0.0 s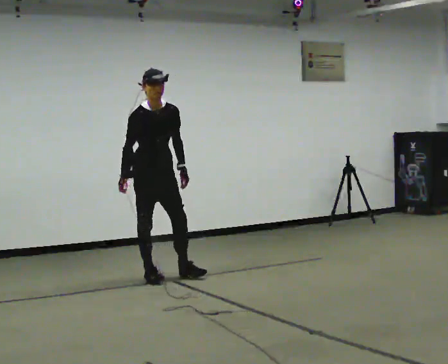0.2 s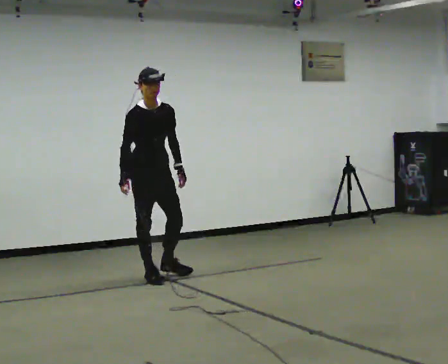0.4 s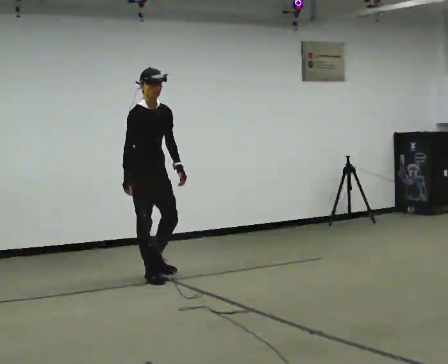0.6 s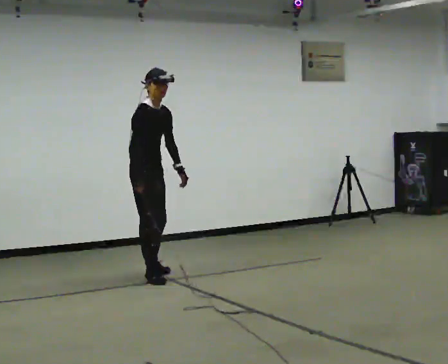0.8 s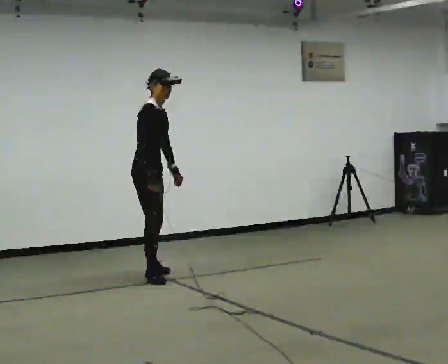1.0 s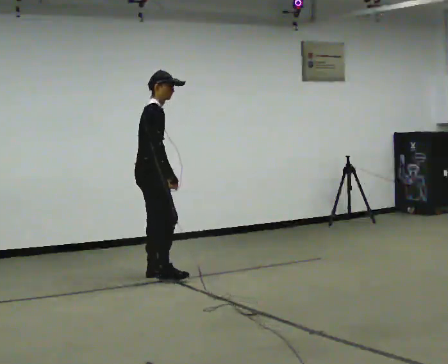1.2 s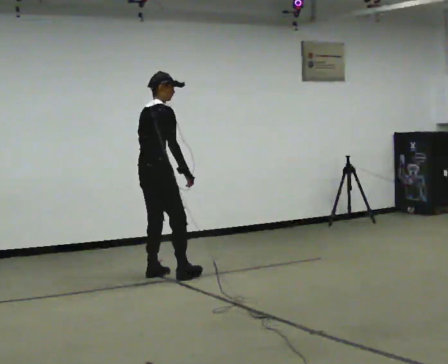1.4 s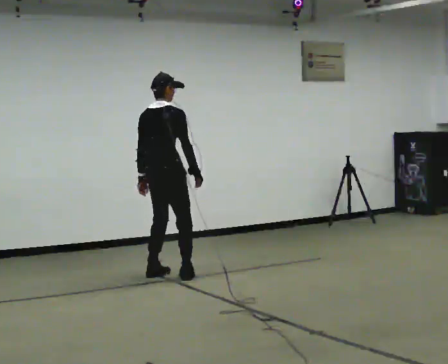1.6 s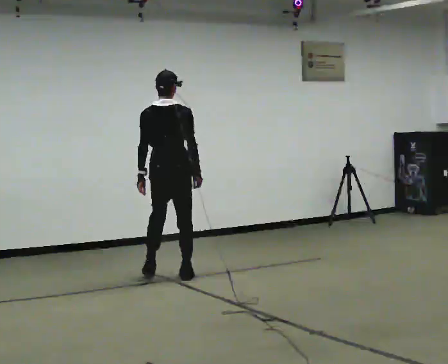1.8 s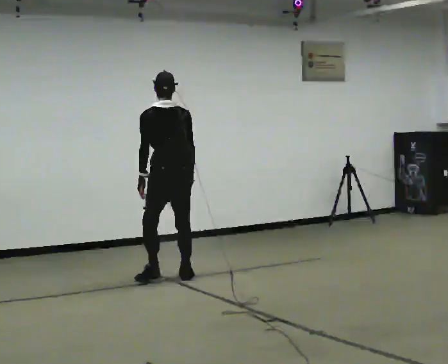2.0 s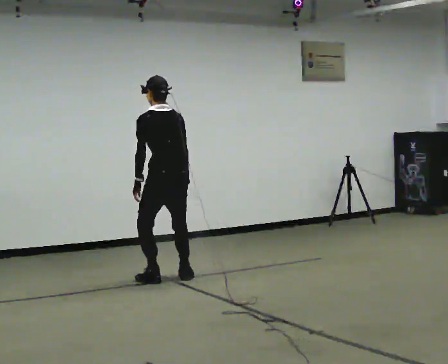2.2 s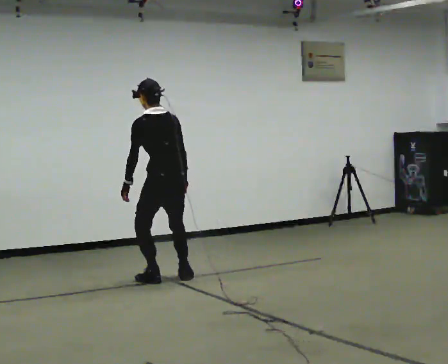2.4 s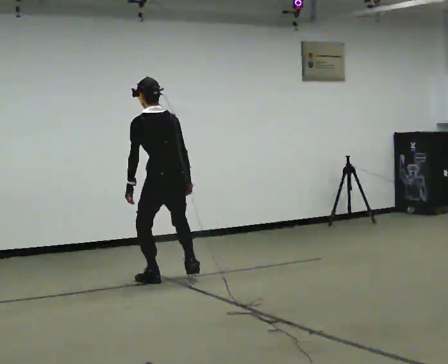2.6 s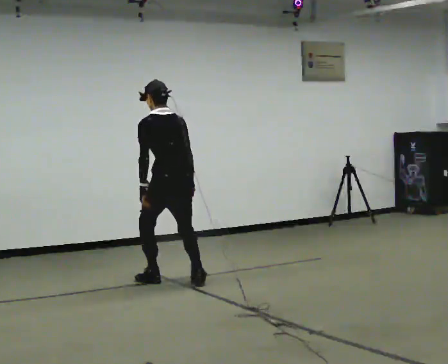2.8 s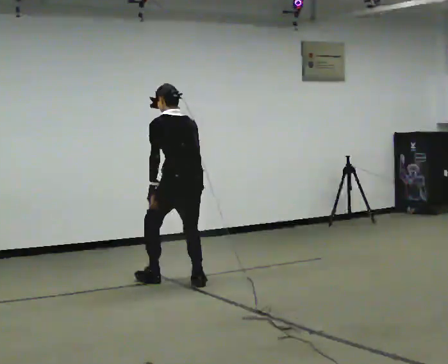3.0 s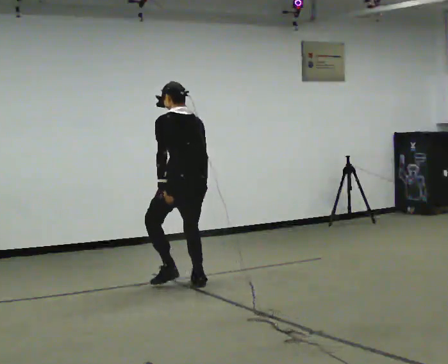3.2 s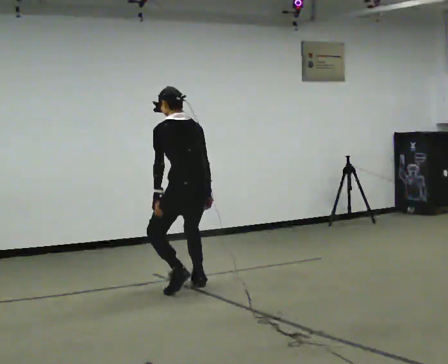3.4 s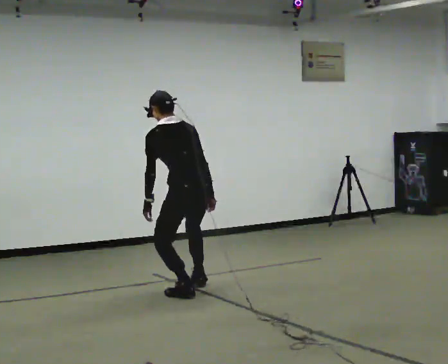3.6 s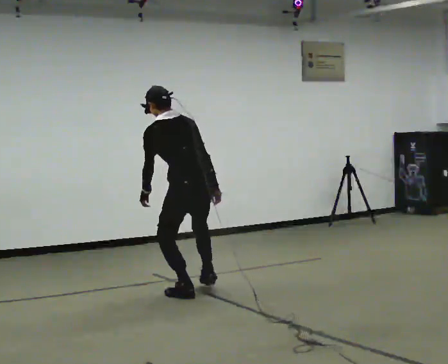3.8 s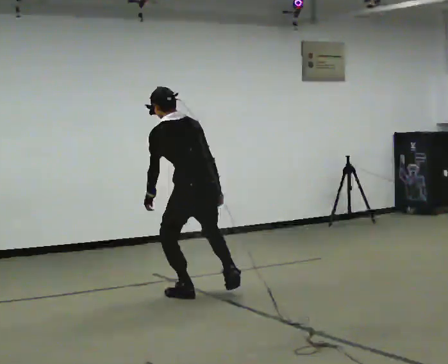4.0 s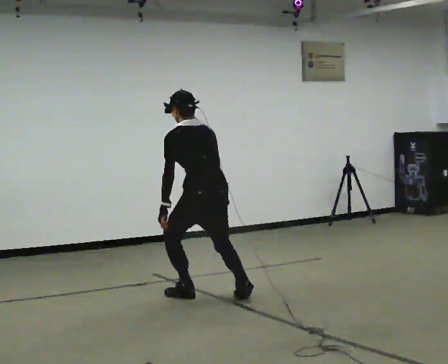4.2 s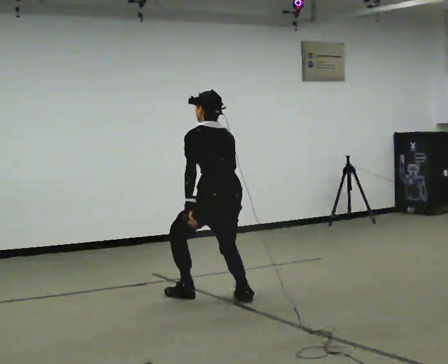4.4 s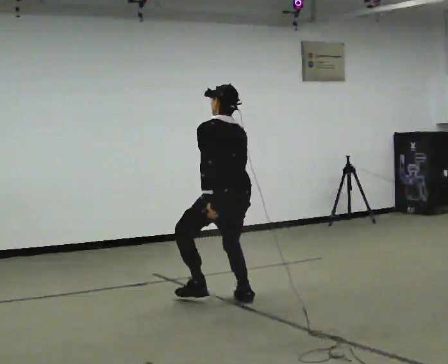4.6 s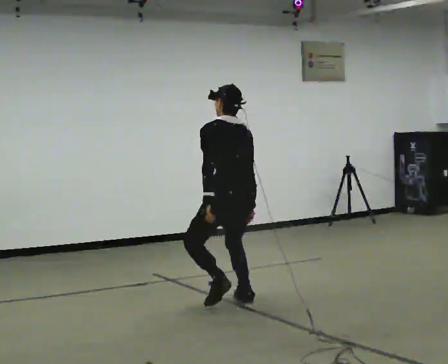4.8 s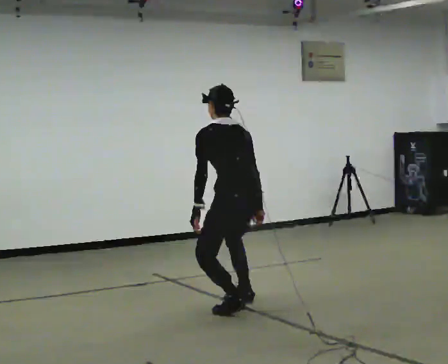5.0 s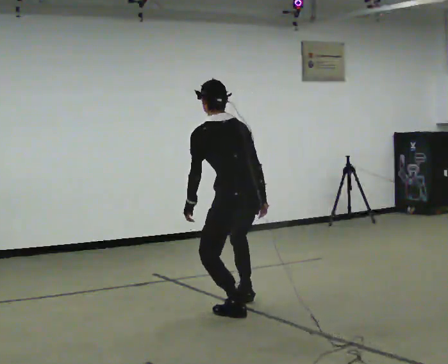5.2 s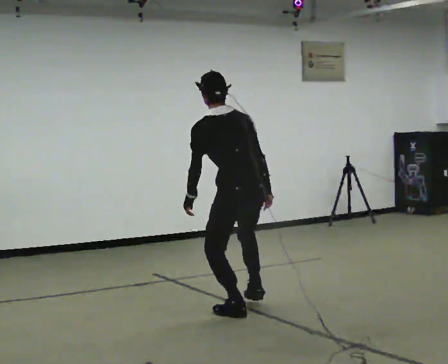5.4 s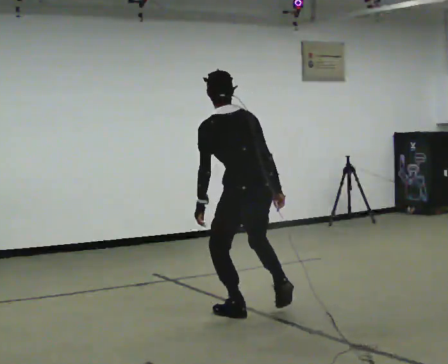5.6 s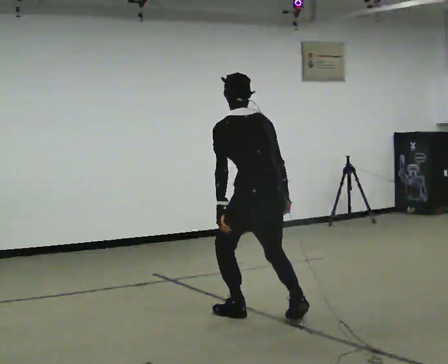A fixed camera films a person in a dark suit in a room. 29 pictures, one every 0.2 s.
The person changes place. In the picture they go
toward the camera.
The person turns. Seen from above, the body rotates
counterclockwise.
0.0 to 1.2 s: The part of the body nearest the lens slides to the right as the person turns to their left by about 105 degrees. The upper body tips away from the camera, its near side rolling upward. In the picture their right hand goes to the right, the arm swinging counterclockwise.
1.2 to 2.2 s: The person turns about 90 degrees to their left, counterclockwise seen from above, so the part of the body nearest the lens slides to the right. In the picture they go to the right and toward the camera, about 0.25 m in 1 step. In the picture the upper body tilts counterclockwise, shoulders to the left.
2.2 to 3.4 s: In the picture they go toward the camera and to the right, about 0.5 m in 2 steps, which for them is backward.
3.4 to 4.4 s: In the picture they go toward the camera and to the right, about 0.5 m in 2 steps, which for them is backward. In the picture the upper body tilts clockwise, shoulders to the right.
4.4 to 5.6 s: In the picture they go toward the camera, about 0.5 m in 1 step, which for them is backward.
The film runs backward here.
